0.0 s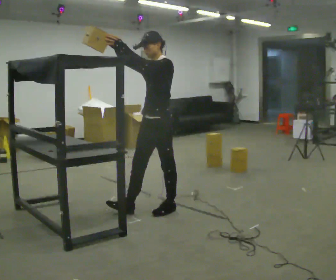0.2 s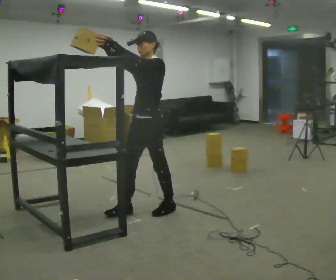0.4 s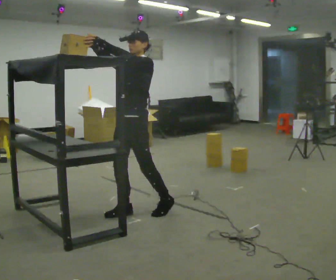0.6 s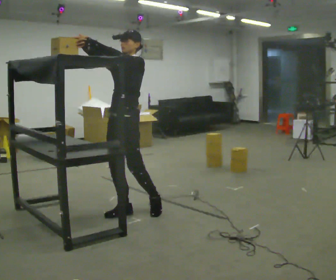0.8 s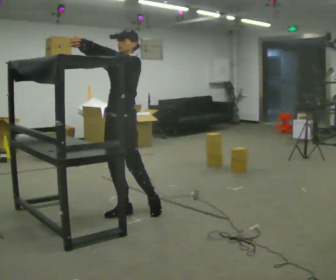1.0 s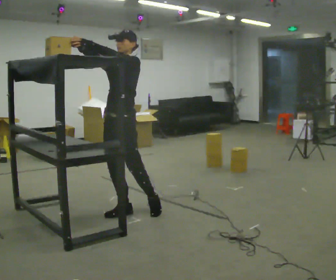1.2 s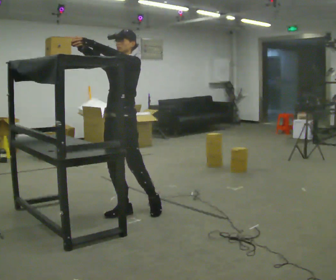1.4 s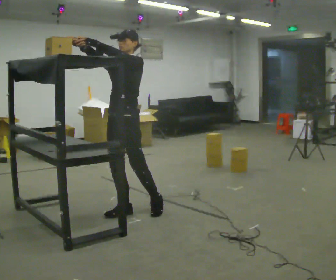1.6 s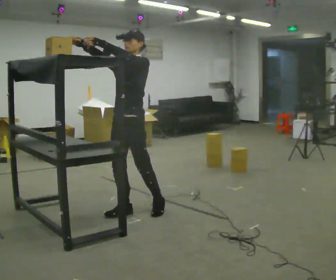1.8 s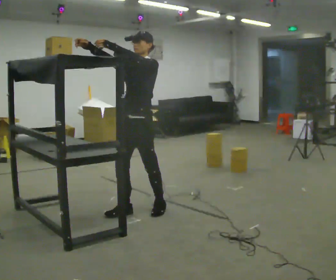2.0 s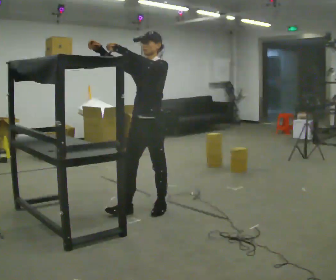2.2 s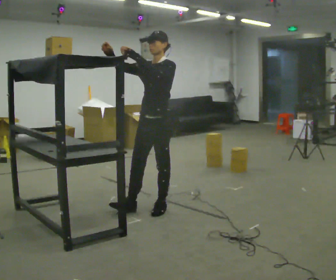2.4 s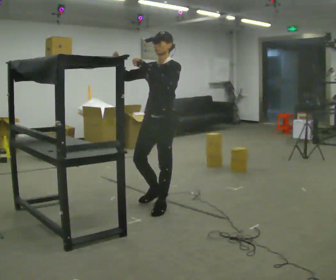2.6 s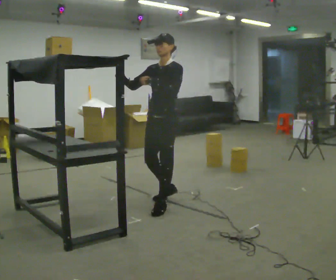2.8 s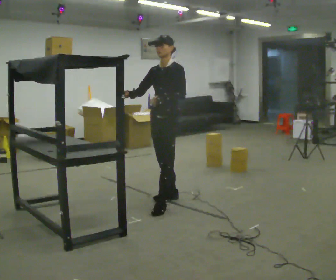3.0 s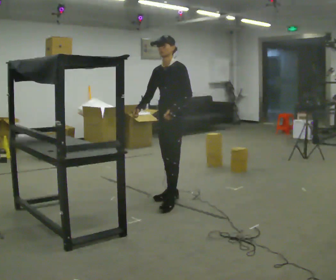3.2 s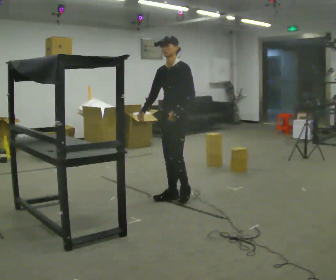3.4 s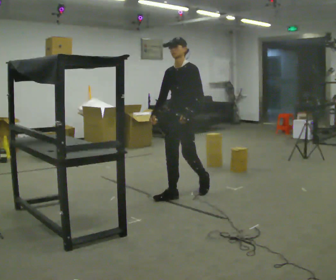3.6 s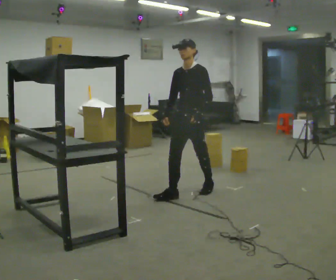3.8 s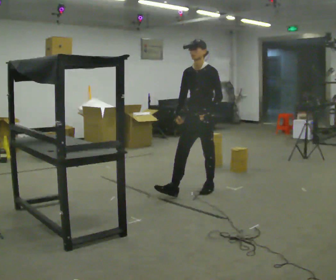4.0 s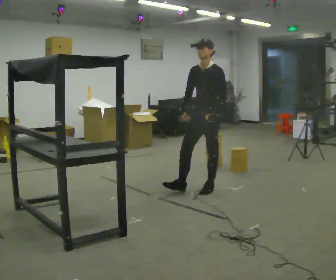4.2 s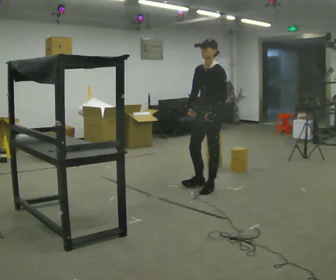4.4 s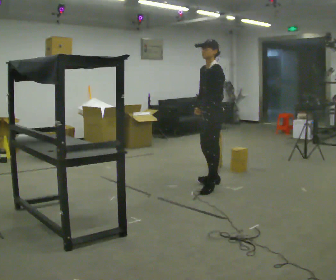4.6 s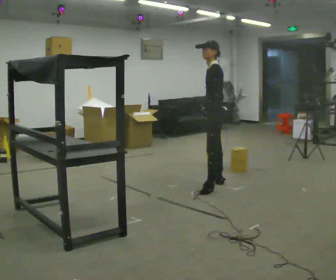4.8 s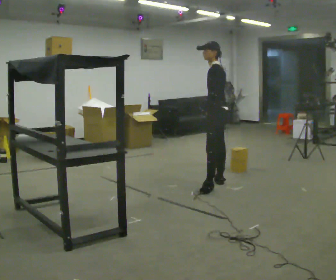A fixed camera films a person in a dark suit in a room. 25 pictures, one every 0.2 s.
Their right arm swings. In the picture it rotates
counterclockwise.
Their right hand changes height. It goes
downward.
0.0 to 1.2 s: In the picture they go to the left, about 0.25 m, which for them is forward and to their right.
1.2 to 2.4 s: In the picture they go to the right and away from the camera, about 0.5 m in 1 step, which for them is backward and to their left.
2.4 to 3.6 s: In the picture they go away from the camera and to the right, about 0.5 m in 1 step, which for them is backward. In the picture their right hand goes downward, the arm swinging counterclockwise.
3.6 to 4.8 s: Seen from above the body turns clockwise, about 60 degrees: to their right, with its near side sliding to the left. In the picture they go away from the camera and to the right, about 0.5 m in 1 step.
The film runs backward here.
